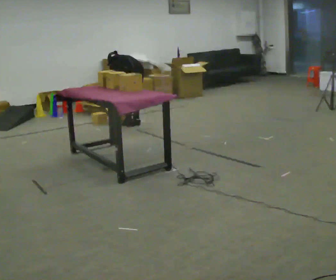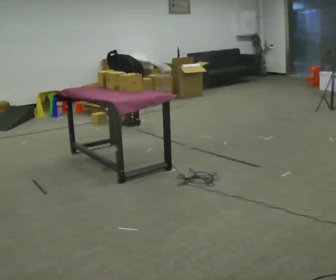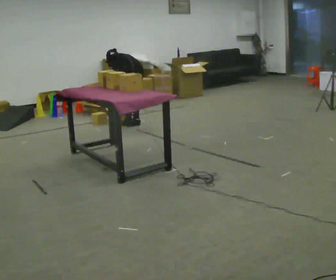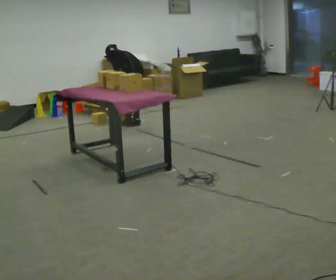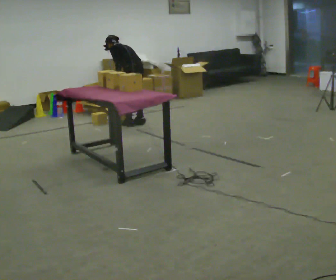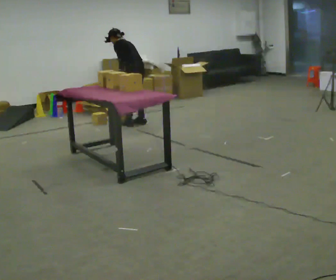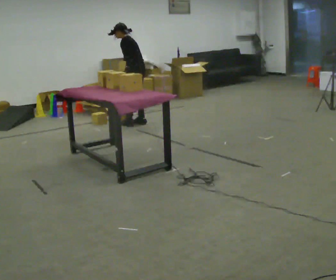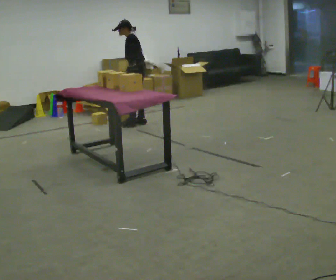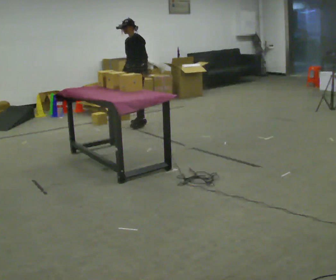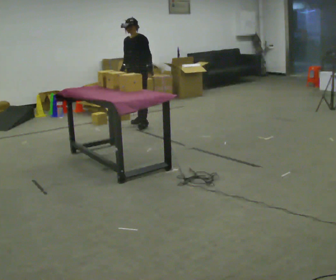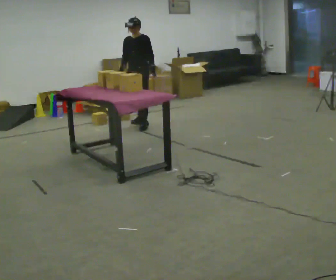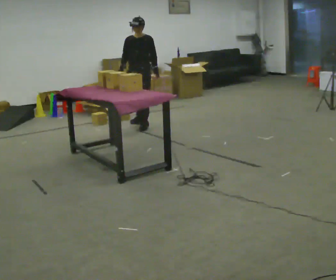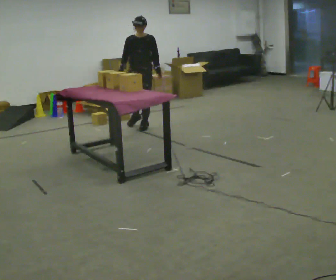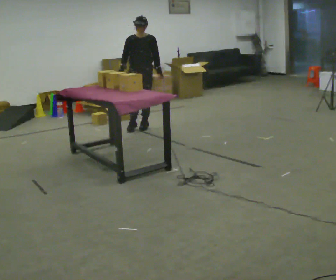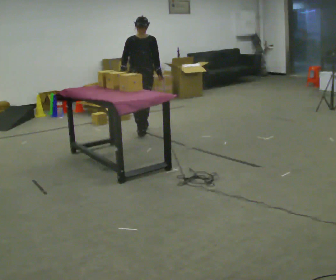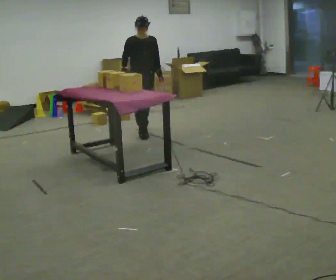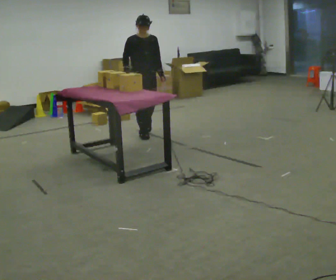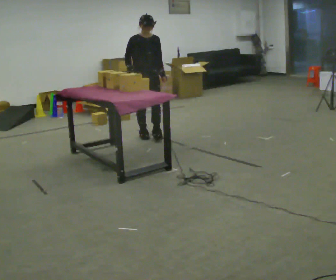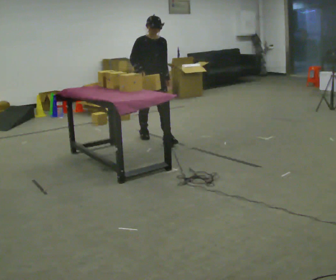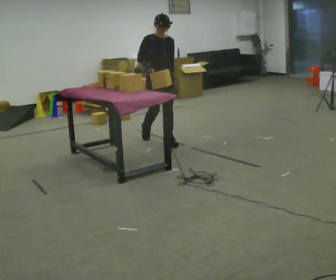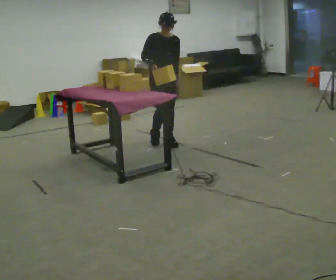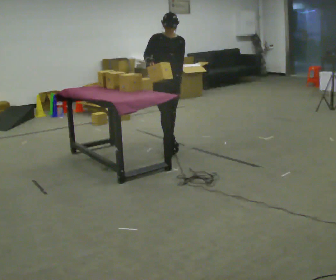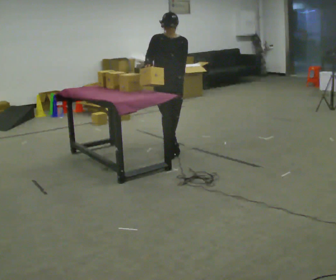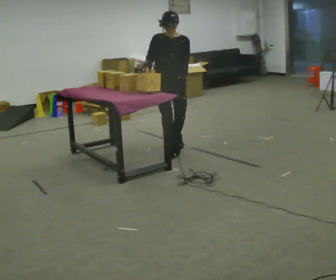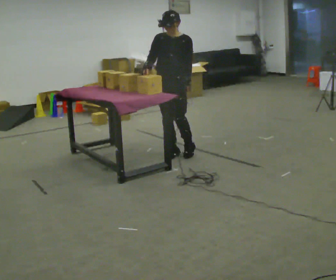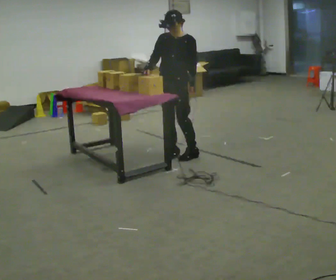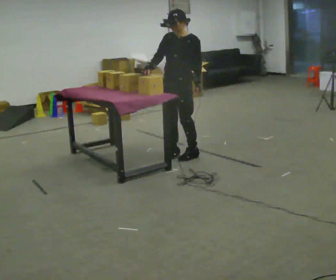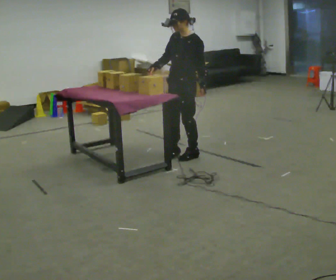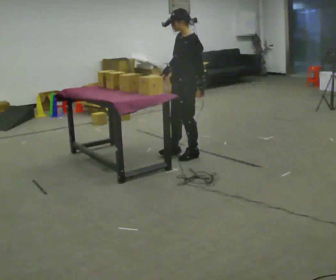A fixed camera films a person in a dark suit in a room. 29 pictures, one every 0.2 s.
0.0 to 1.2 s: The part of the body nearest the lens slides to the right as the person turns to their left by about 30 degrees. The upper body goes upward. The upper body tips toward the camera, its near side rolling downward, as they lean back or straighten.
1.2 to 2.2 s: Seen from above the body turns counterclockwise, about 75 degrees: to their left, with its near side sliding to the right. In the picture they go toward the camera, about 0.25 m in 1 step. In the picture the upper body tilts clockwise, shoulders to the right, as they lean back or straighten.
2.2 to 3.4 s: Seen from above the body turns counterclockwise, about 45 degrees: to their left, with its near side sliding to the right. In the picture they go toward the camera, about 0.5 m in 1 step, which for them is forward.
3.4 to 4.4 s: In the picture they go toward the camera, about 0.75 m in 2 steps, which for them is forward.
4.4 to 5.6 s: Seen from above the body turns clockwise, about 75 degrees: to their right, with its near side sliding to the left. In the picture they go toward the camera, about 0.25 m in 1 step.
The film runs forward here.
